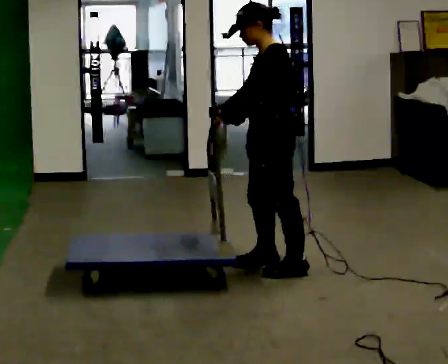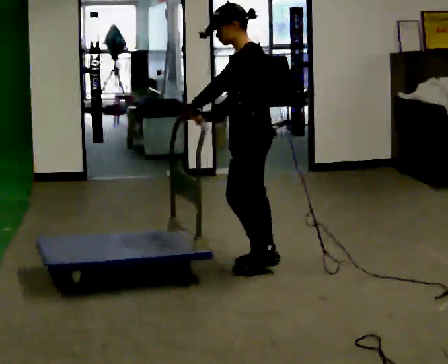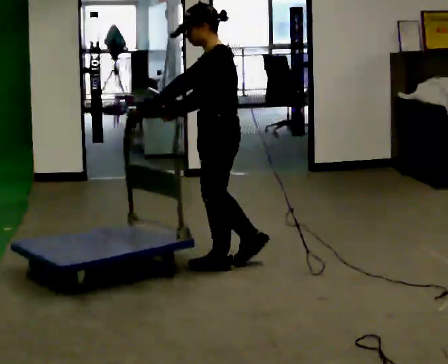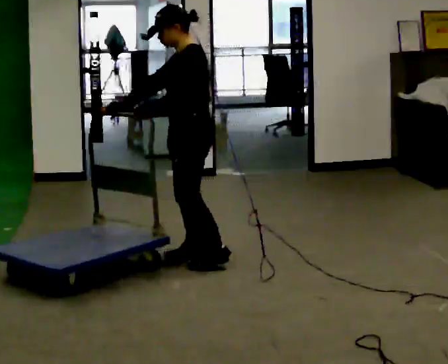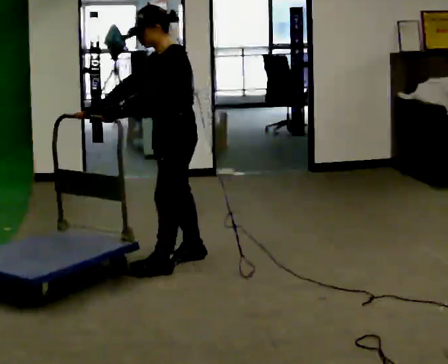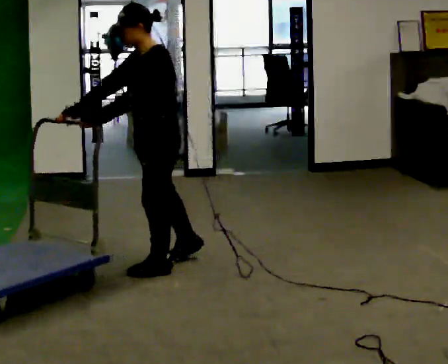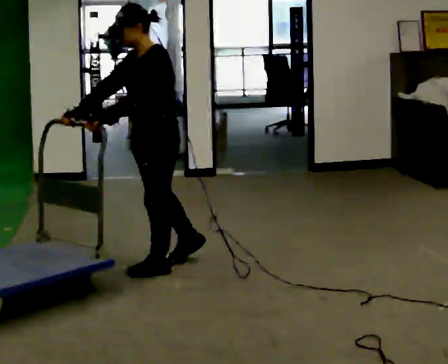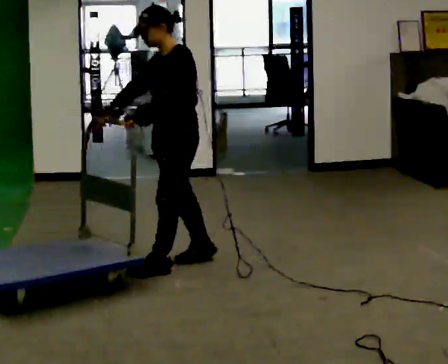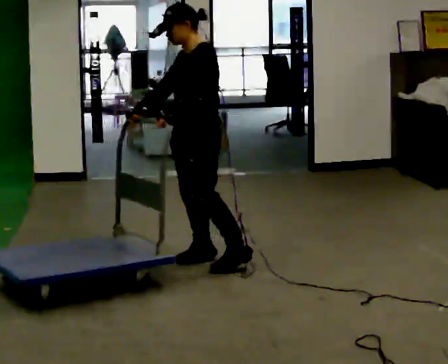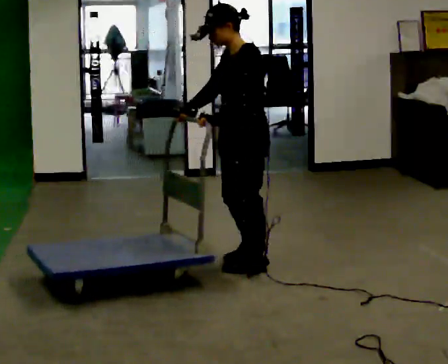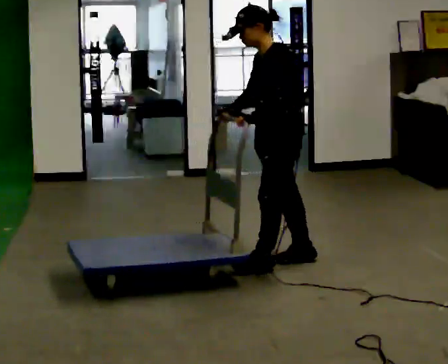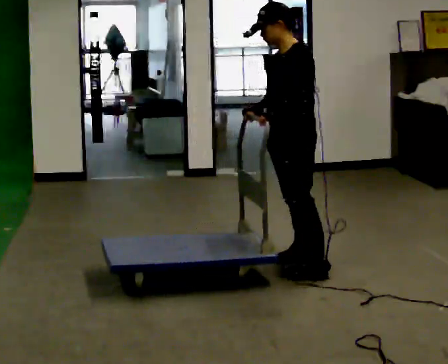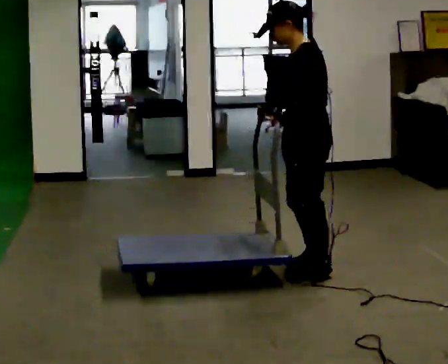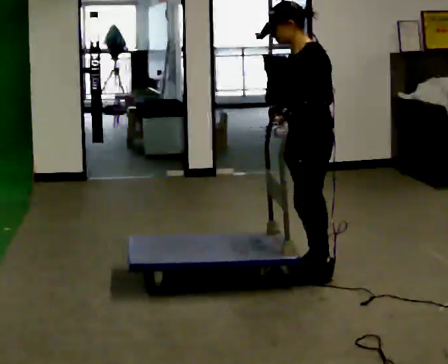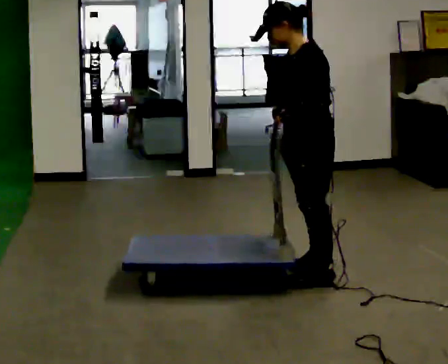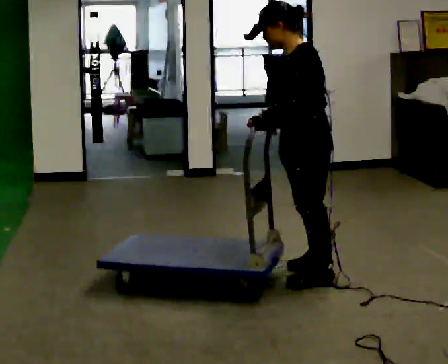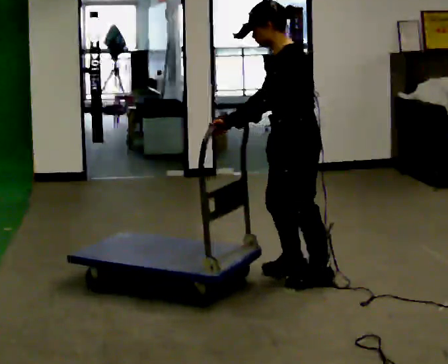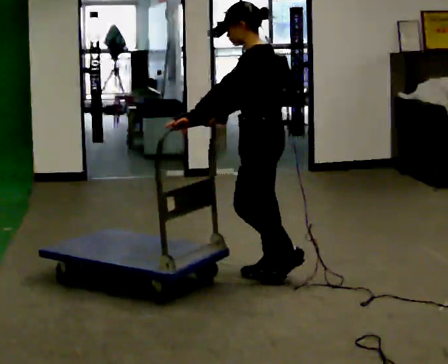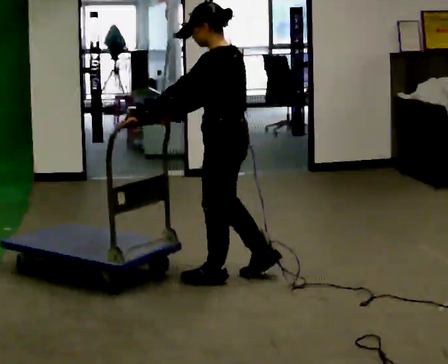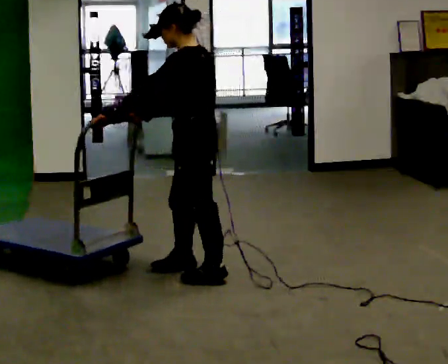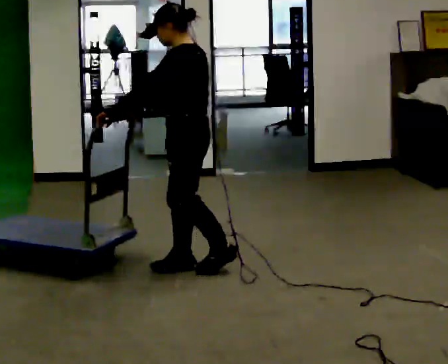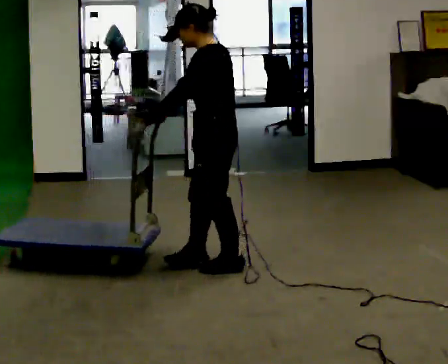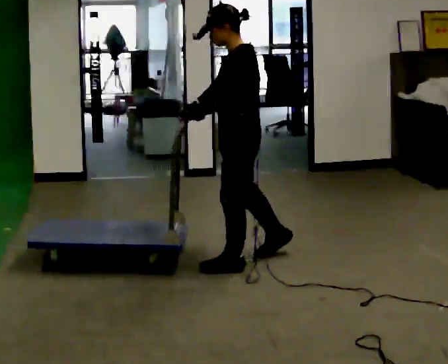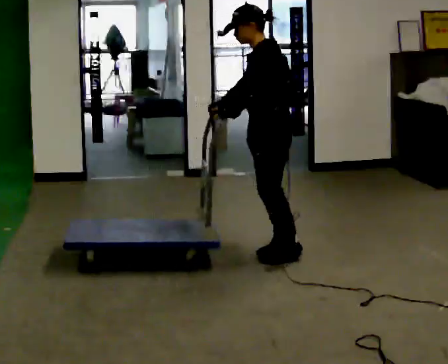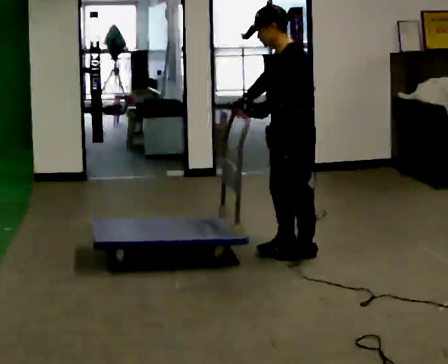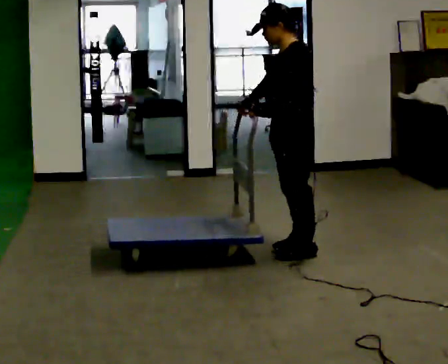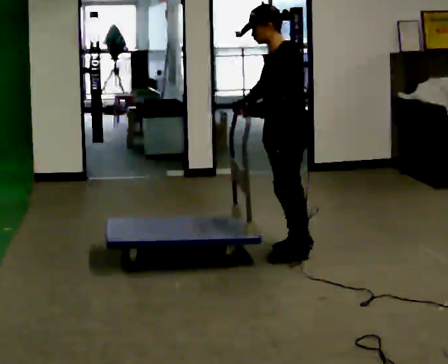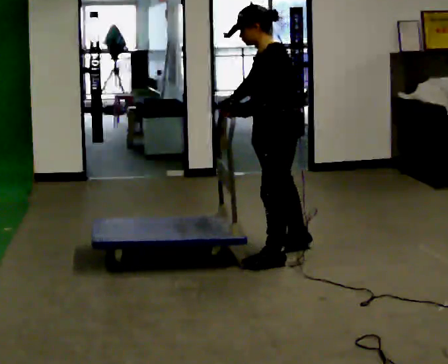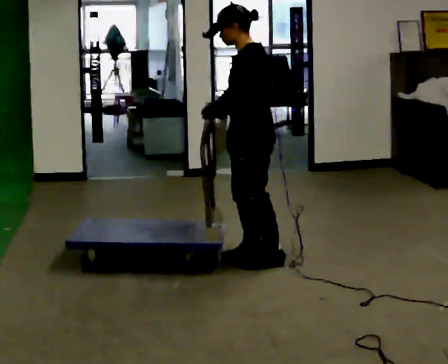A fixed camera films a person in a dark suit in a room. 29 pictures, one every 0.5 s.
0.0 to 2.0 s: In the picture they go to the left, about 0.5 m in 3 steps, which for them is forward.
2.0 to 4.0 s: In the picture their left hand goes to the right.
4.0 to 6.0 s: In the picture they go to the right, about 0.75 m in 3 steps, which for them is backward and to their left.
6.0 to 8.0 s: In the picture they go toward the camera, about 0.25 m in 1 step, which for them is forward.
8.0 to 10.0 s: In the picture they go to the left, about 0.5 m in 3 steps, which for them is forward.
10.0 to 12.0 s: In the picture they go to the right and away from the camera, about 0.75 m in 3 steps, which for them is backward.
12.0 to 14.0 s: In the picture they go to the left, about 0.25 m in 3 steps, which for them is forward.
The film runs forward here.
